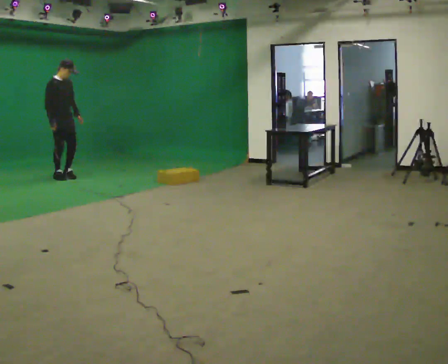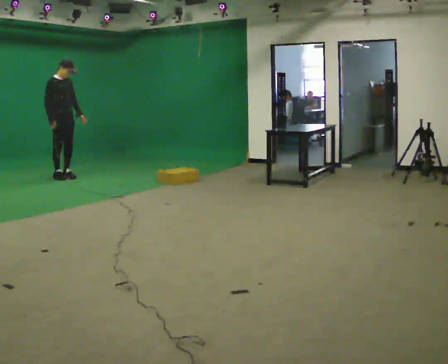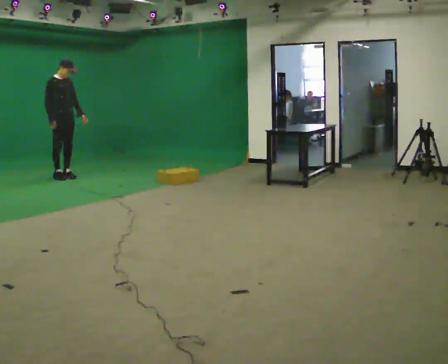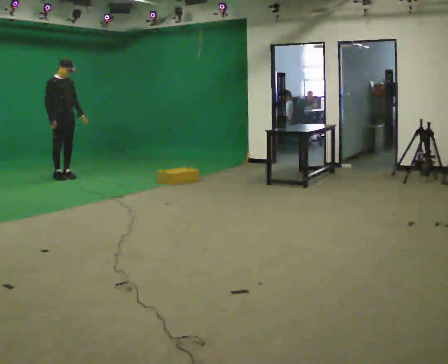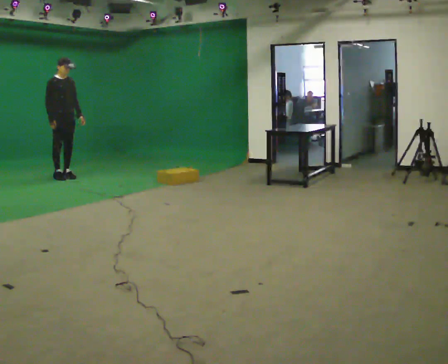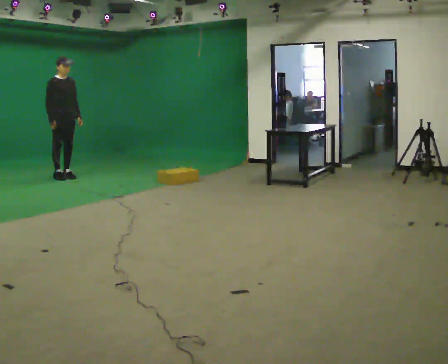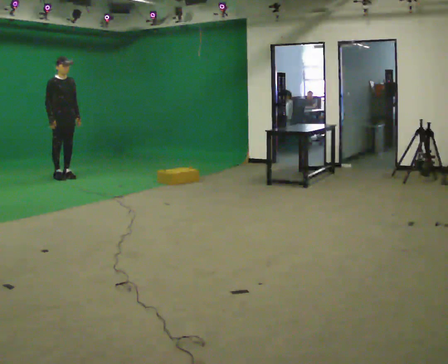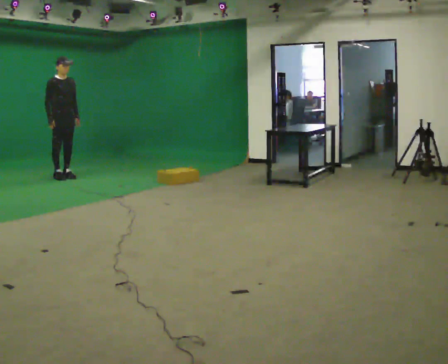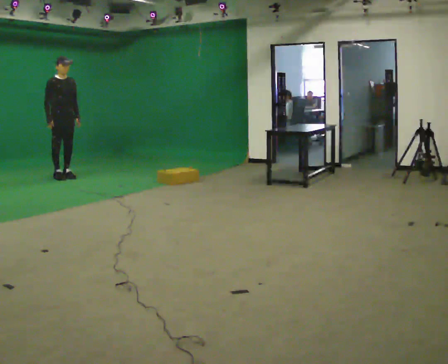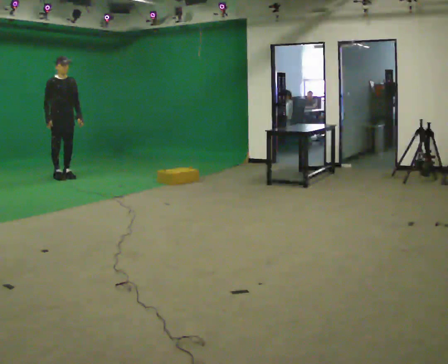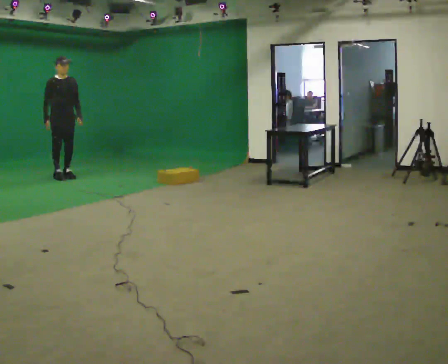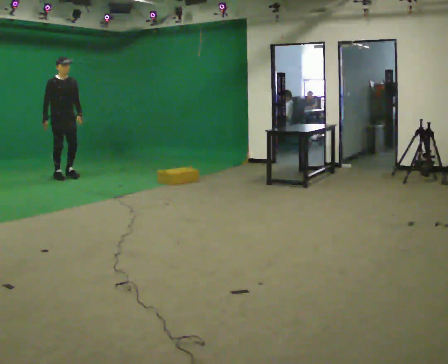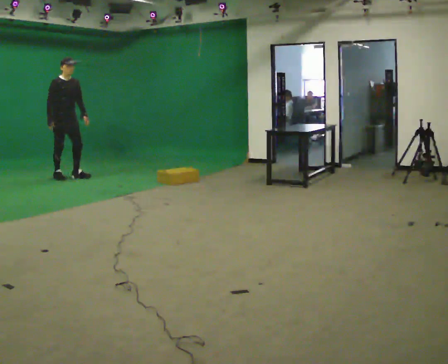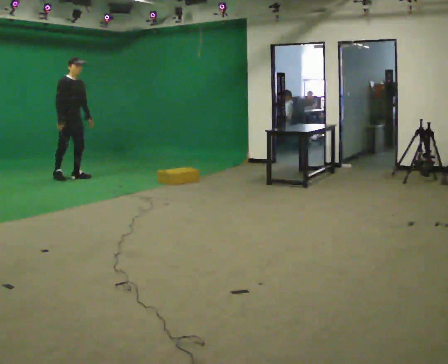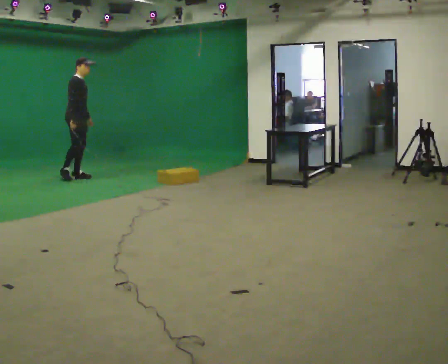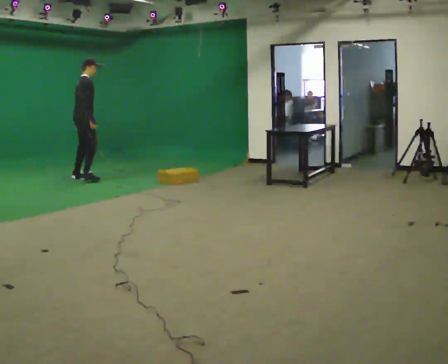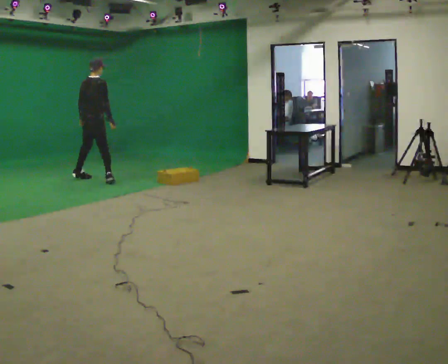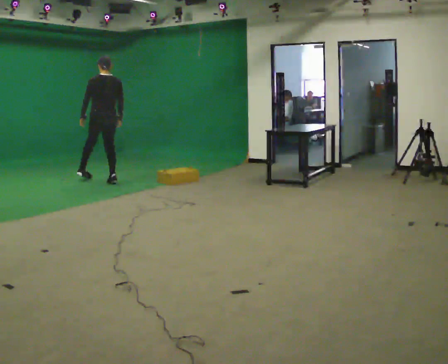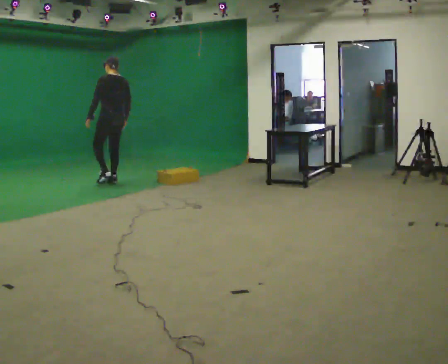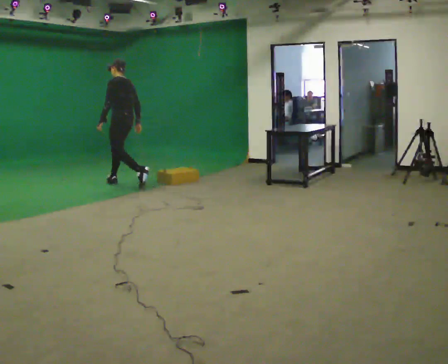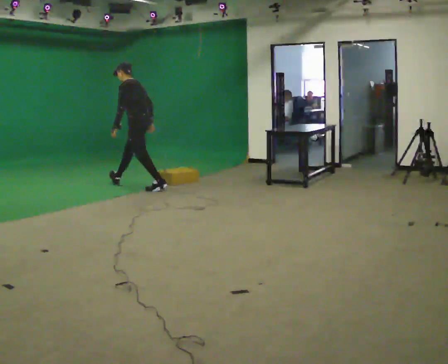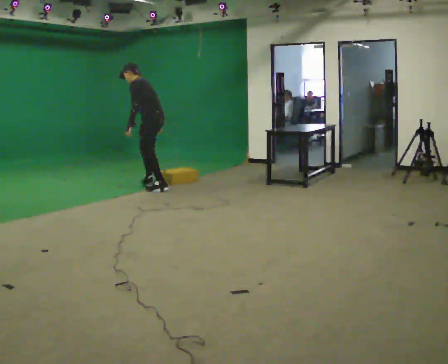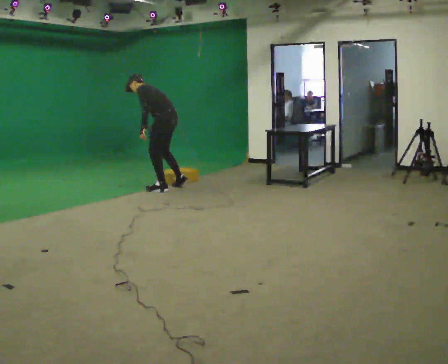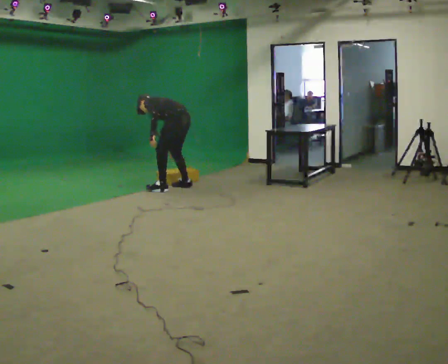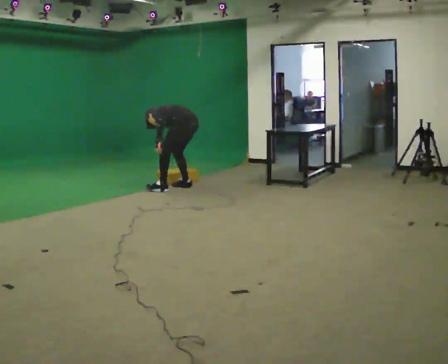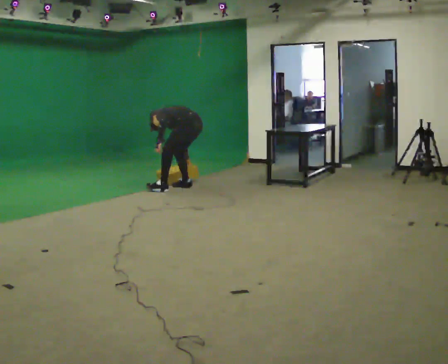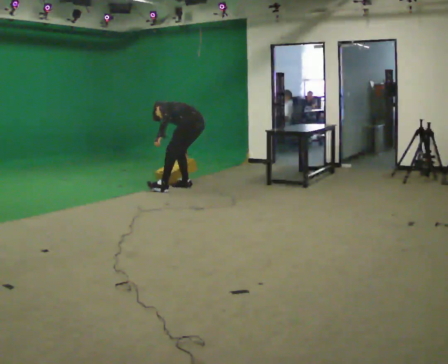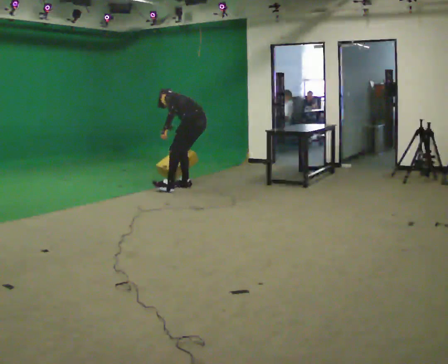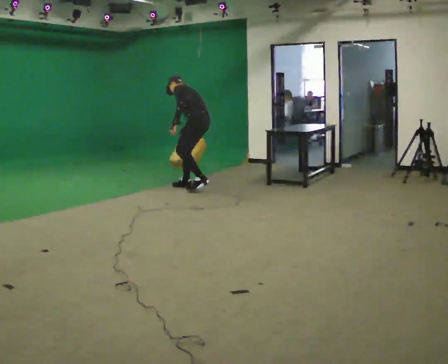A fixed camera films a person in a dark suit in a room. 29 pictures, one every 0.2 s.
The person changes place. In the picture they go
to the right.
0.0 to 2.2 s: The person moves a little, or ends about where they began.
2.2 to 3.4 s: The part of the body nearest the lens slides to the right as the person turns to their left by about 150 degrees. In the picture they go to the right and toward the camera, about 0.5 m in 2 steps. The upper body tips away from the camera, its near side rolling upward.
3.4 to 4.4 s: The person turns about 60 degrees to their left, counterclockwise seen from above, so the part of the body nearest the lens slides to the right. In the picture they go to the right and toward the camera, about 1 m in 1 step. The shoulders move downward. In the picture the upper body tilts counterclockwise, shoulders to the left, as they bend forward.
4.4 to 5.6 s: In the picture they go to the right, about 0.5 m in 1 step, which for them is backward and to their right.
The film runs backward here.
